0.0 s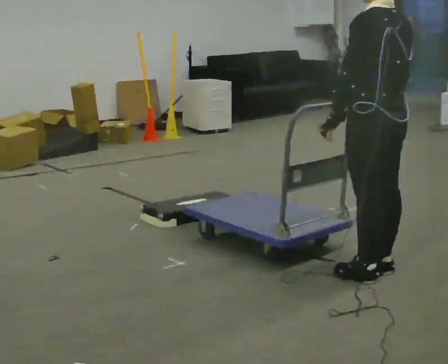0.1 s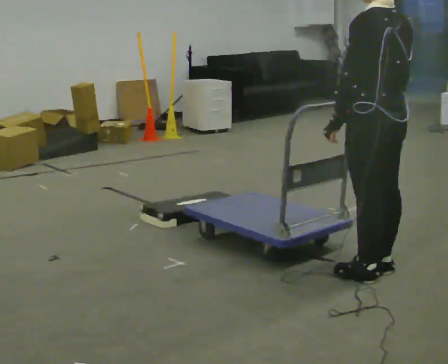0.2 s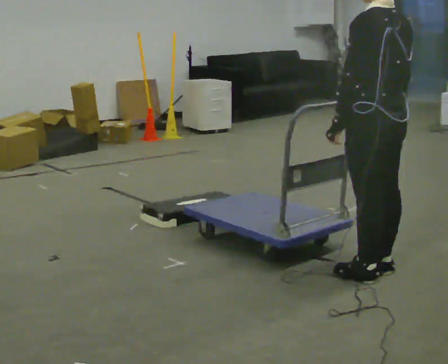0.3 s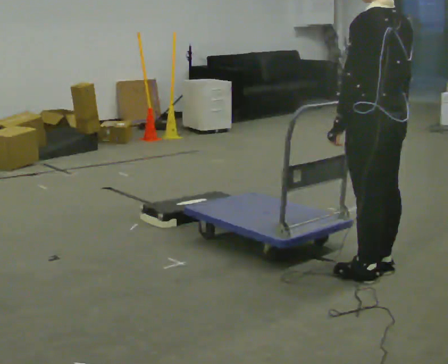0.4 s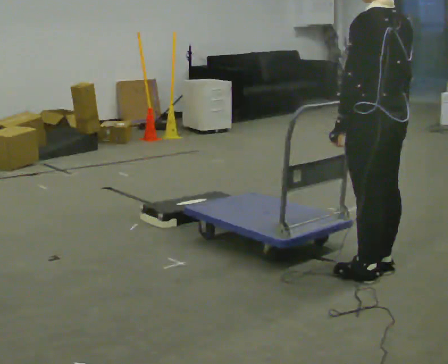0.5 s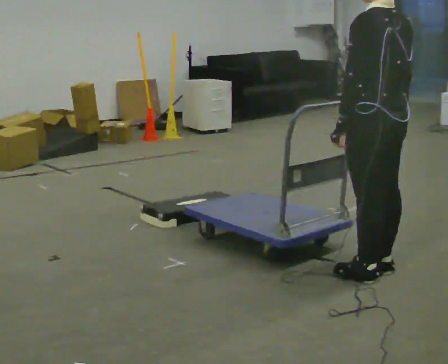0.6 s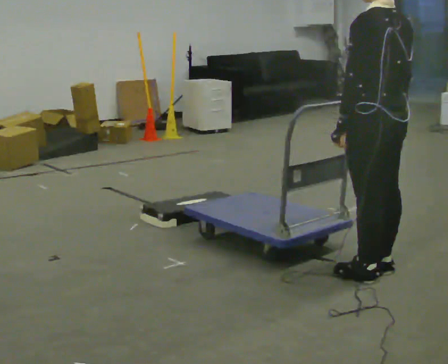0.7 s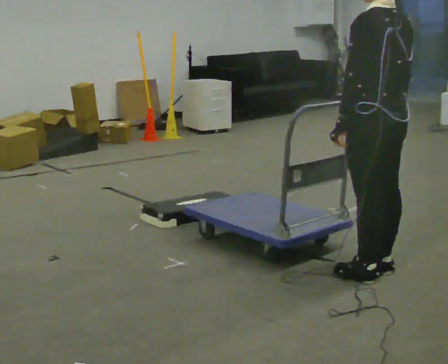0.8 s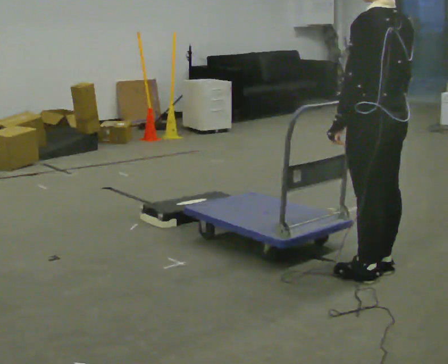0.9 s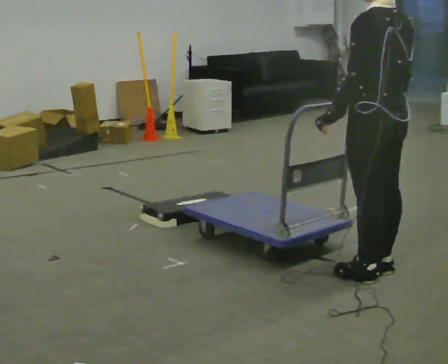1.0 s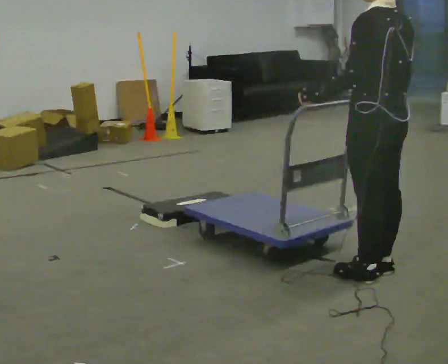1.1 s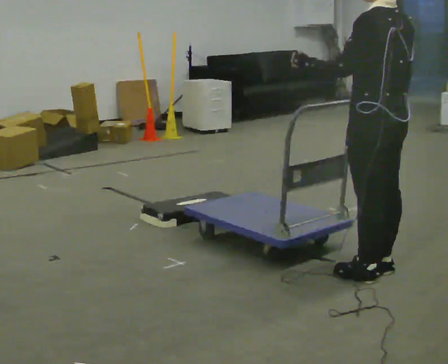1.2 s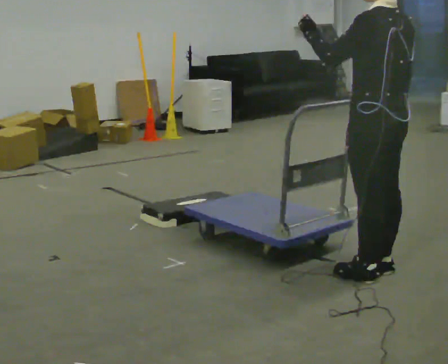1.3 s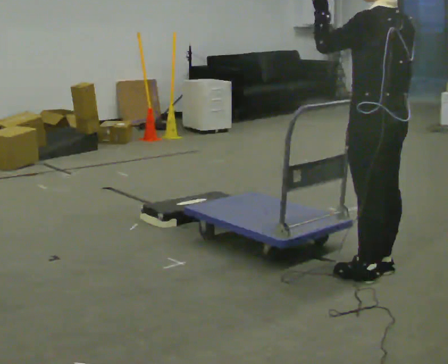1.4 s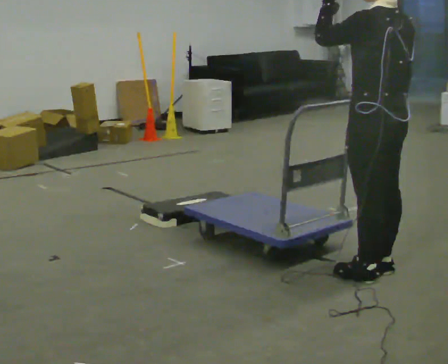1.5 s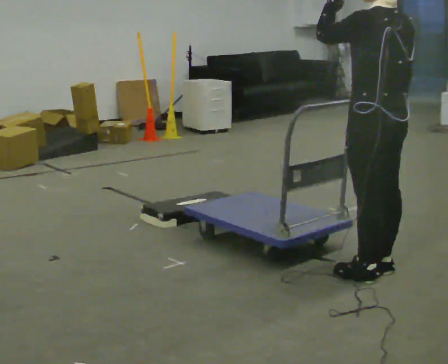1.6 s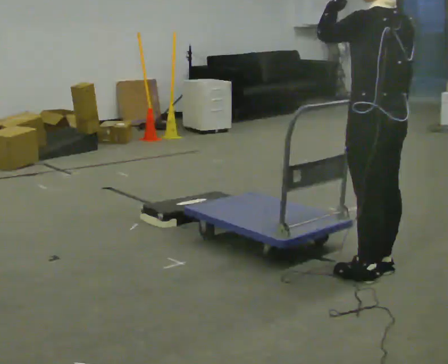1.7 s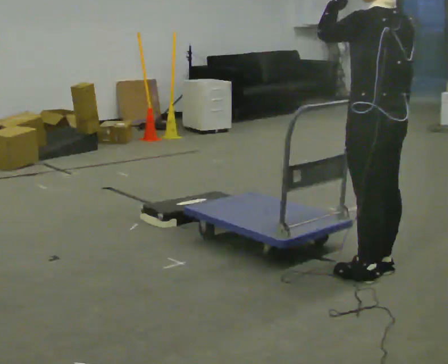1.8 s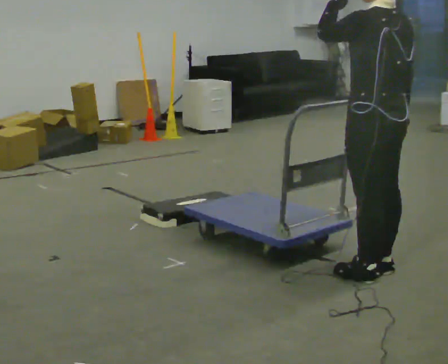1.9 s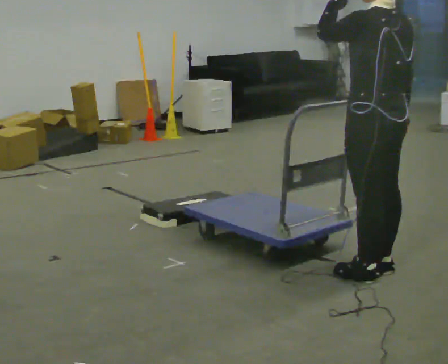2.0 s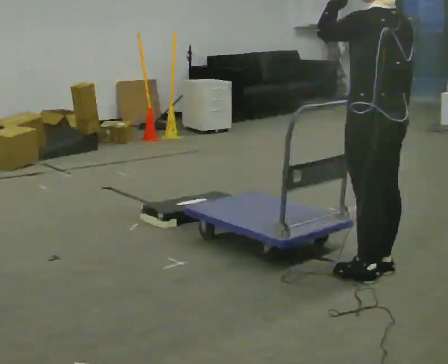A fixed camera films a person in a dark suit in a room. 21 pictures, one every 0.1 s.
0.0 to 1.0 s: The person moves a little, or ends about where they began.
1.0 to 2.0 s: In the picture their left hand goes upward.
The film runs forward here.
